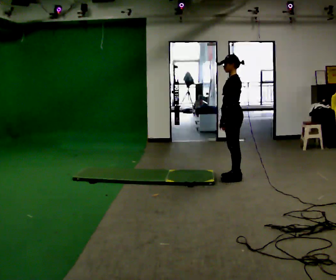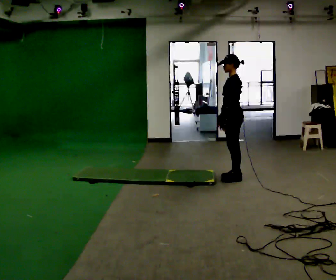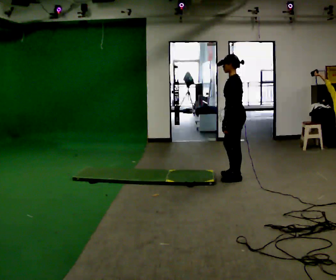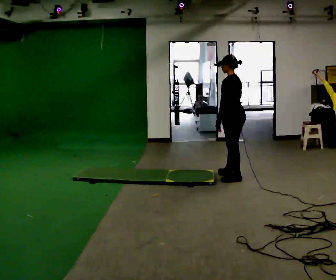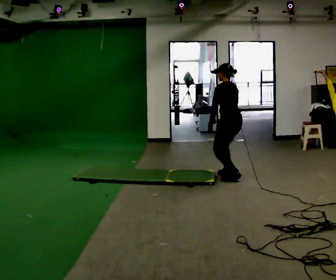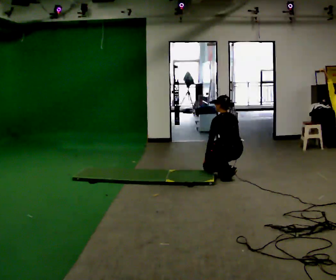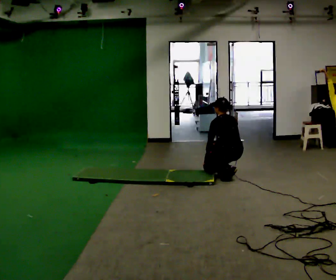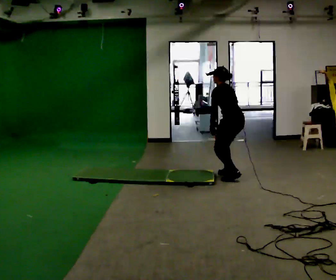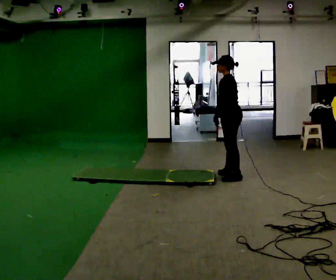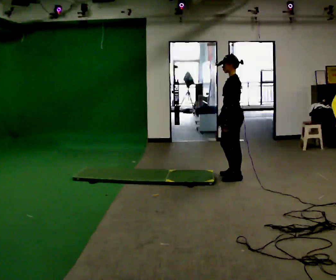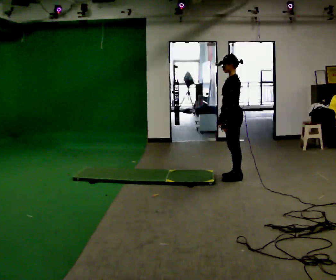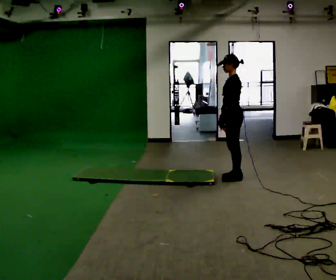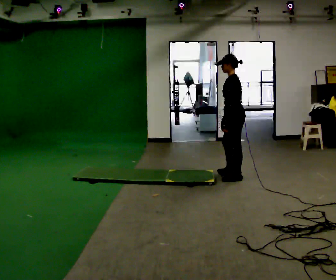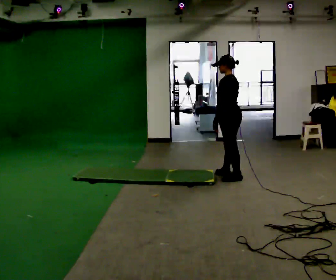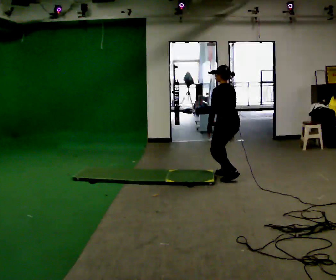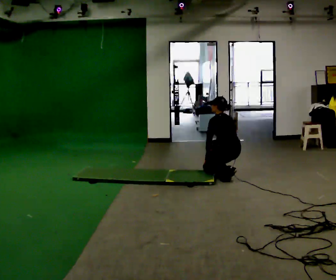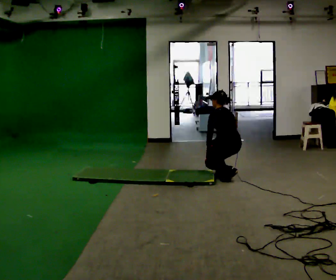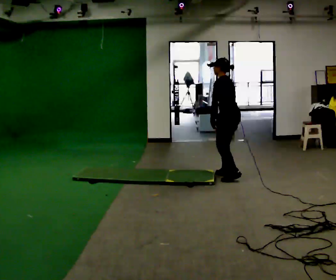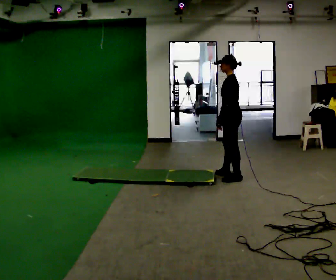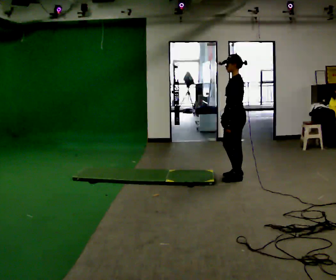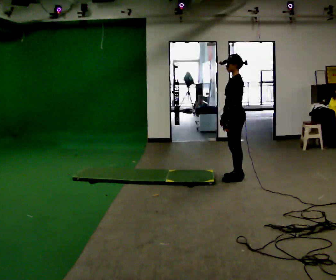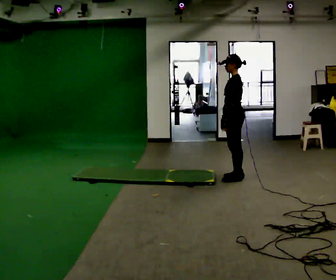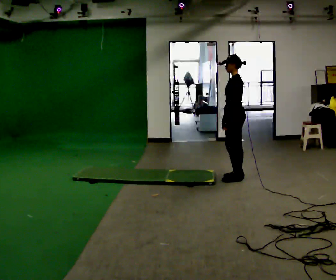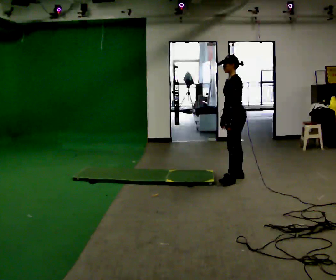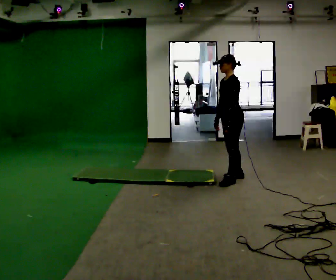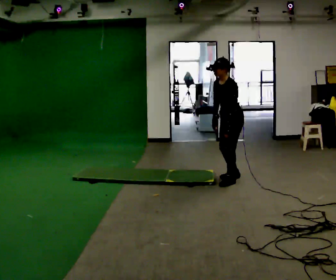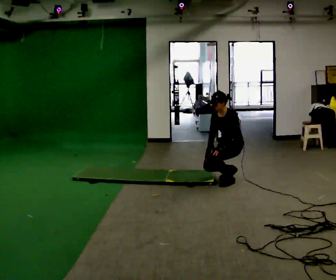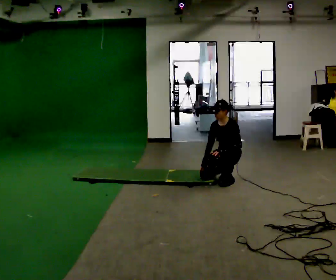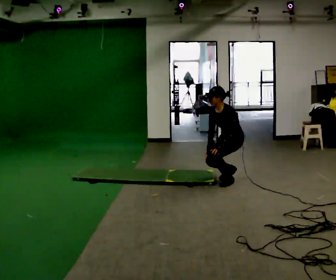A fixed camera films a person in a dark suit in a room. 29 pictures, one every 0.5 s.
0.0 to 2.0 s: The part of the body nearest the lens slides to the left as the person turns to their right by about 45 degrees.
2.0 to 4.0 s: The person turns about 30 degrees to their left, counterclockwise seen from above, so the part of the body nearest the lens slides to the right.
4.0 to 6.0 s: The person moves a little, or ends about where they began.
6.0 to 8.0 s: The part of the body nearest the lens slides to the left as the person turns to their right by about 30 degrees. The upper body tips away from the camera, its near side rolling upward, as they bend forward. In the picture their left hand goes downward.
8.0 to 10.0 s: The person turns about 45 degrees to their left, counterclockwise seen from above, so the part of the body nearest the lens slides to the right. The upper body goes upward. In the picture the upper body tilts clockwise, shoulders to the right, as they lean back or straighten. In the picture their left hand goes upward.
10.0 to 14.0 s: Seen from above the body turns counterclockwise, about 45 degrees: to their left, with its near side sliding to the right. In the picture their right hand goes downward.
The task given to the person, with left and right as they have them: From standing, kneel onto the knee the operator calls, hold briefly, then stand back up. Repeat the movement at your own pace until the operator says stop; do not rush.
The film runs forward here.
